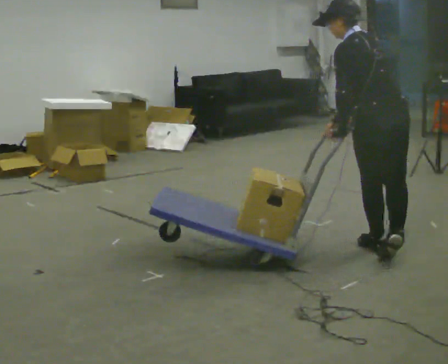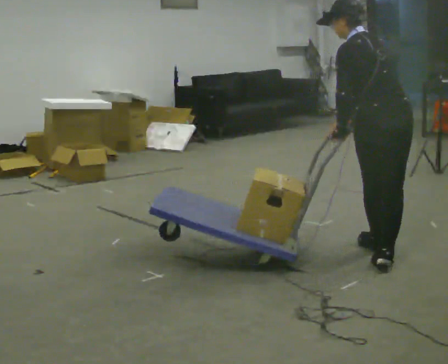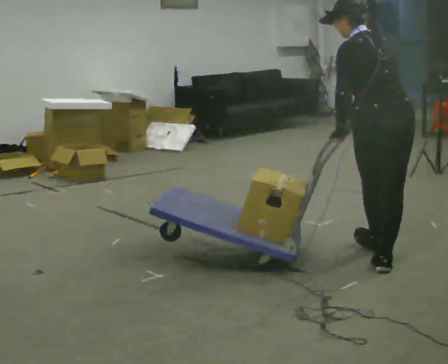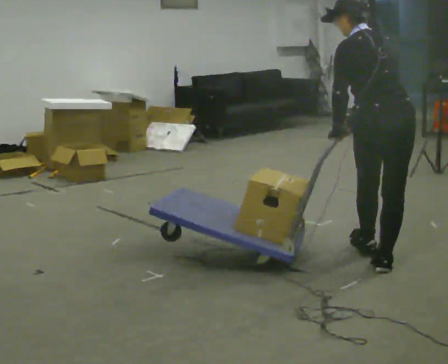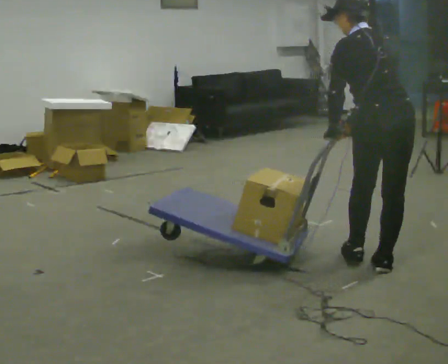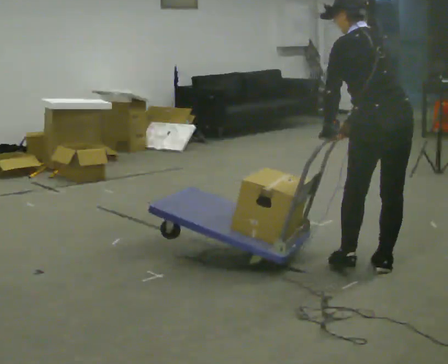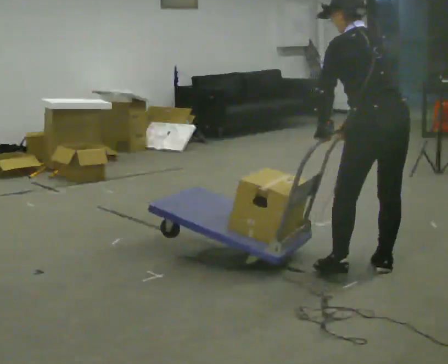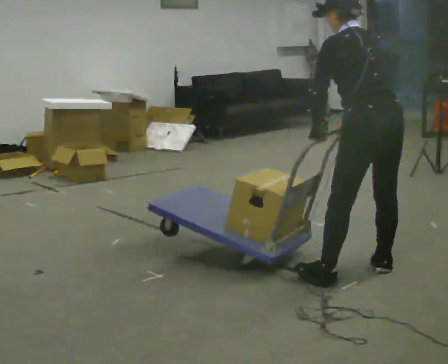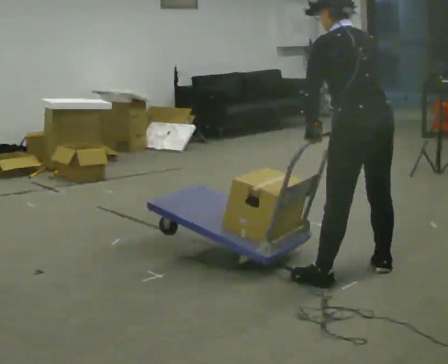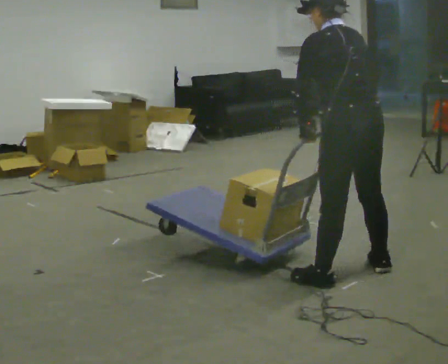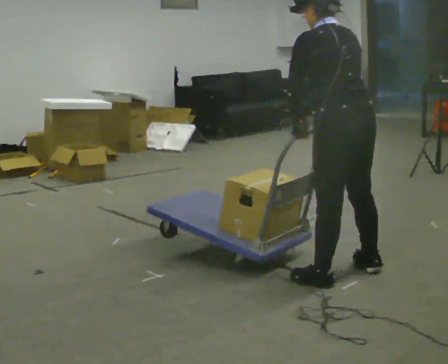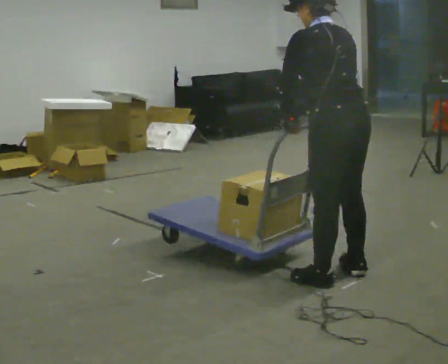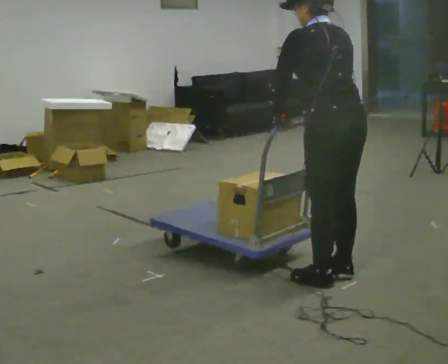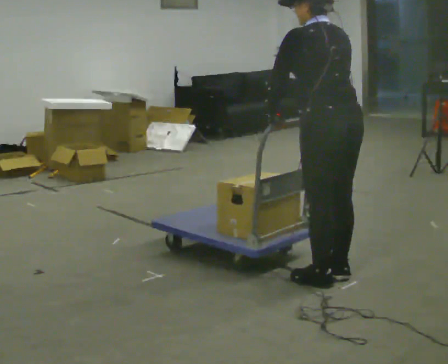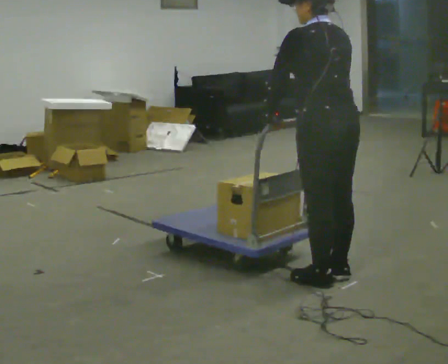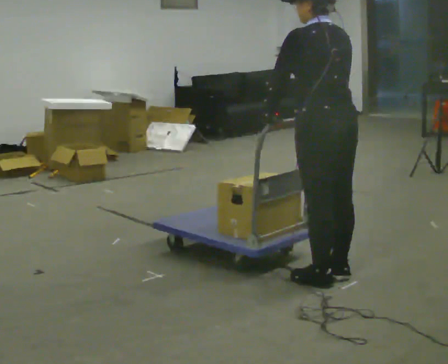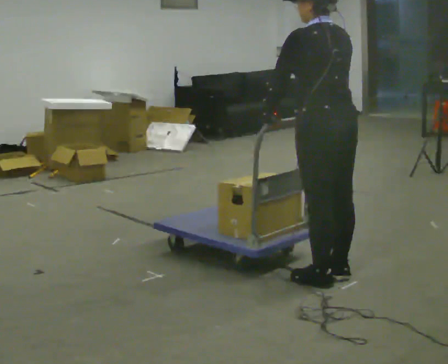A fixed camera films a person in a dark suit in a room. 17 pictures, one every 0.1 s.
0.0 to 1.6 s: In the picture they go toward the camera and to the left, about 0.5 m in 2 steps, which for them is to their left and backward. In the picture the upper body tilts clockwise, shoulders to the right.
The film runs backward here.
